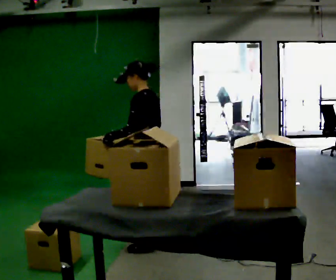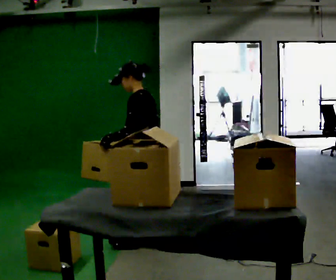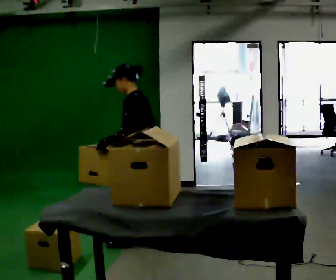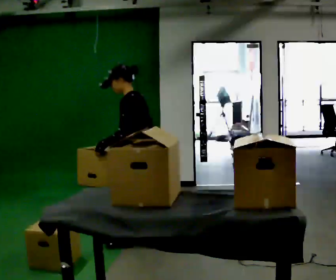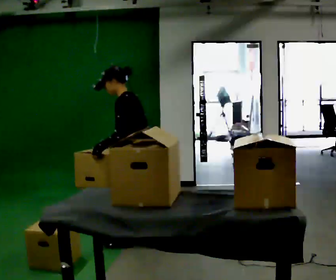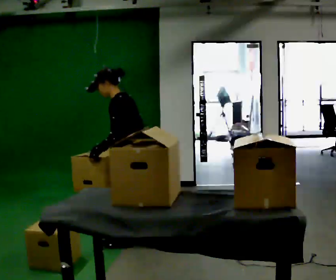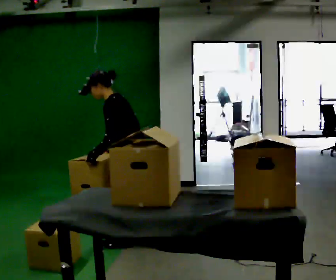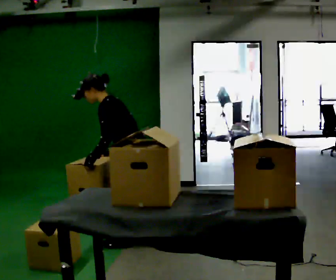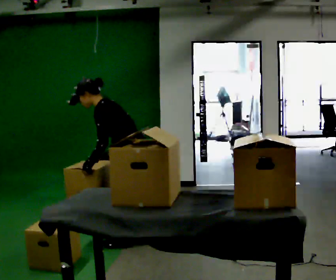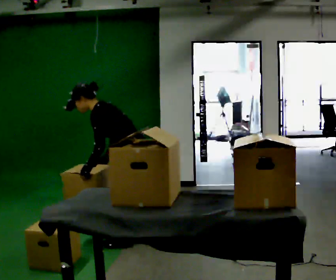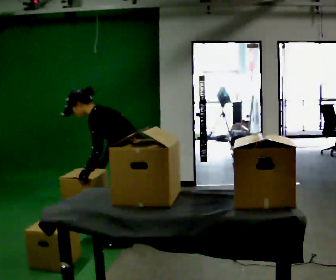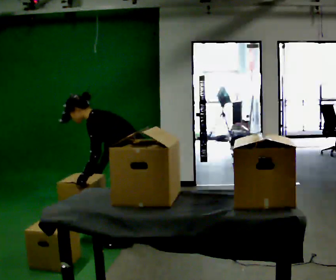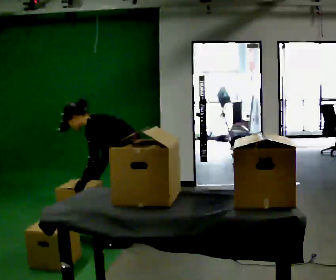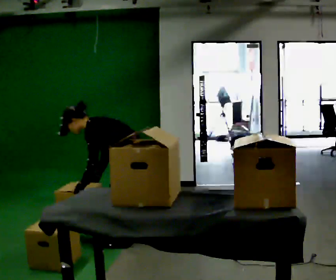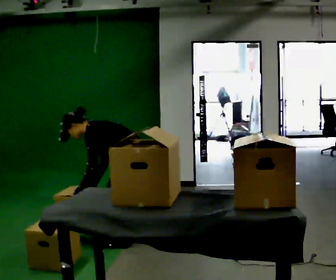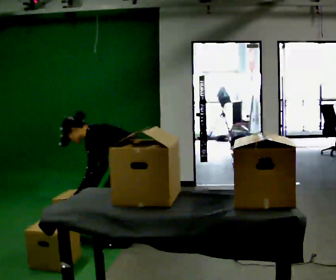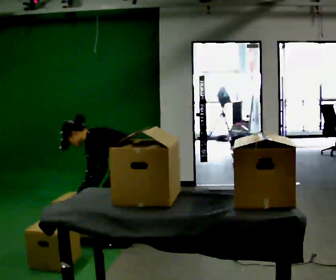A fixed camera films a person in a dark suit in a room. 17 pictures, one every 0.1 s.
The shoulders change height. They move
downward.
Their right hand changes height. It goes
downward.
0.0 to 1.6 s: In the picture they go to the left, about 0.25 m in 2 steps, which for them is forward. The shoulders move downward. In the picture the upper body tilts counterclockwise, shoulders to the left, as they bend forward. In the picture their left hand goes downward.
The film runs forward here.
